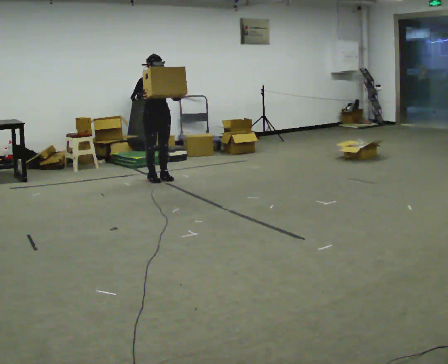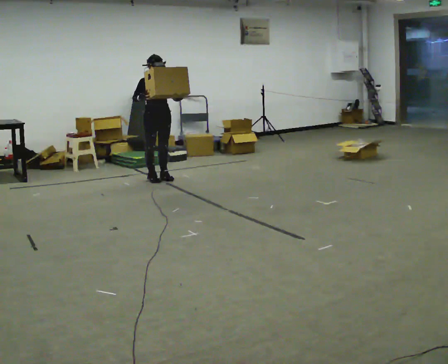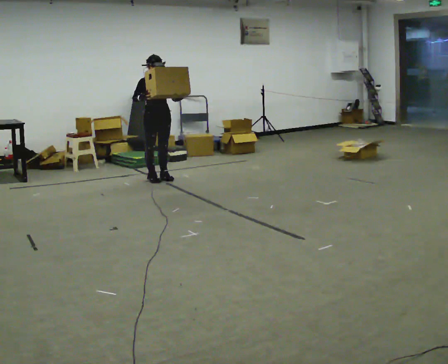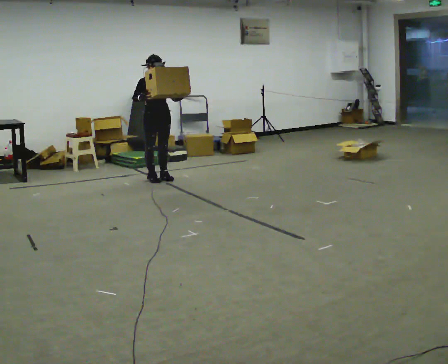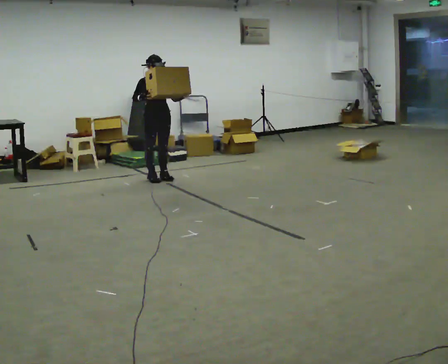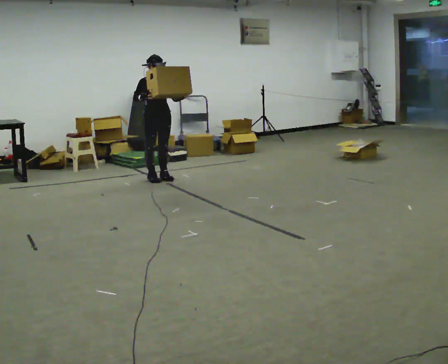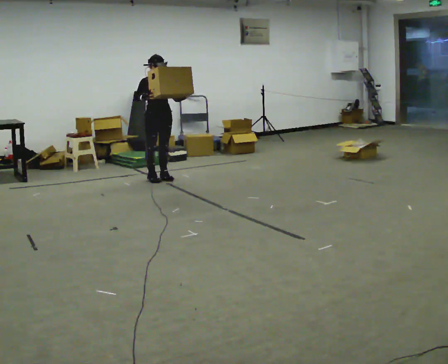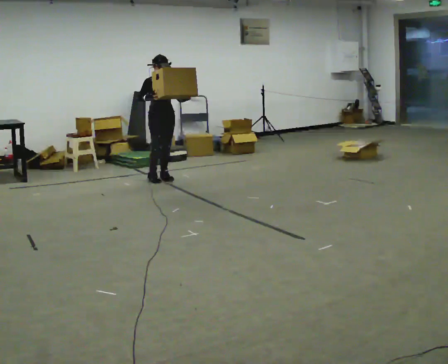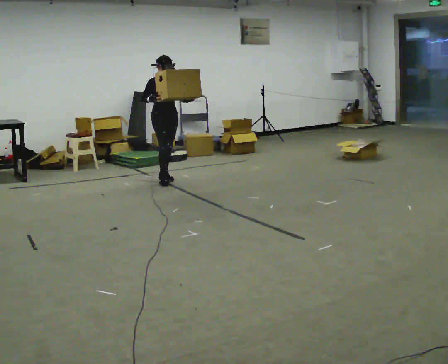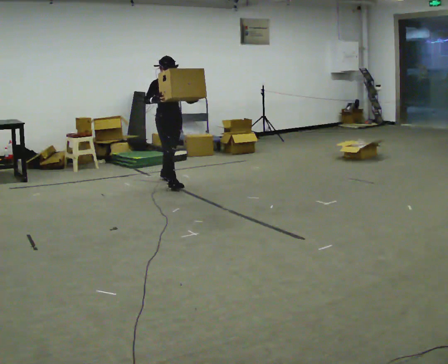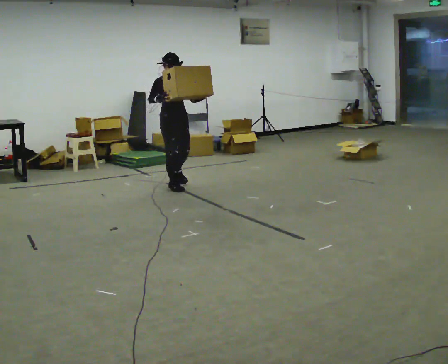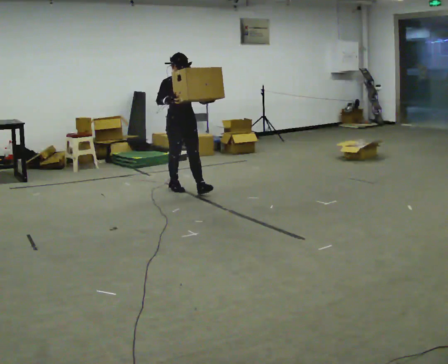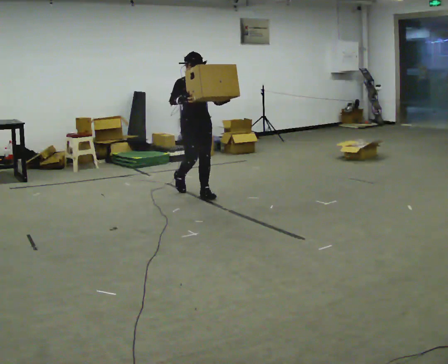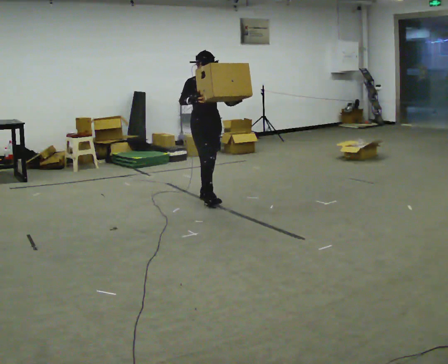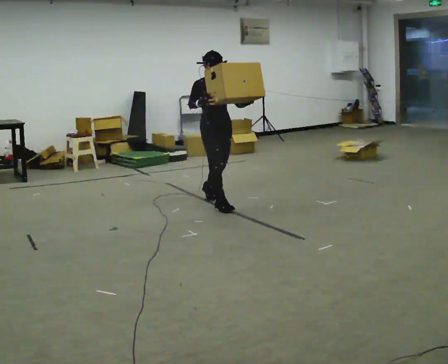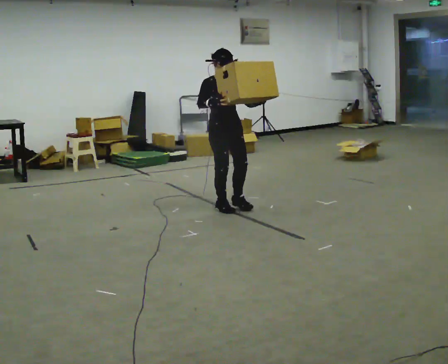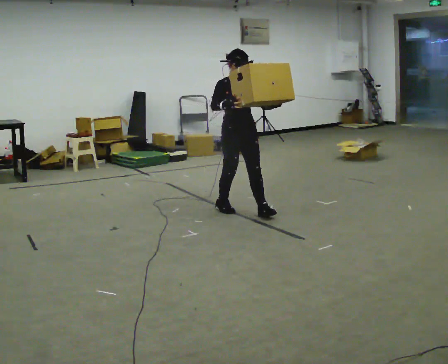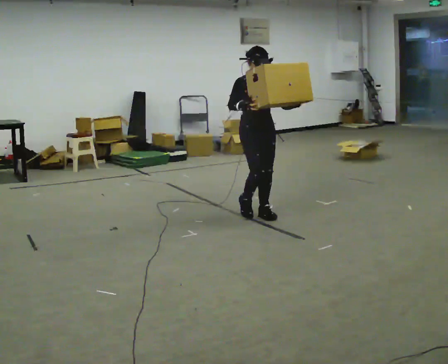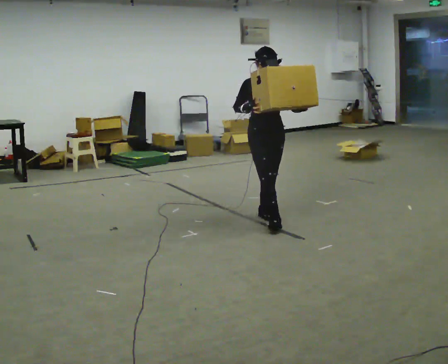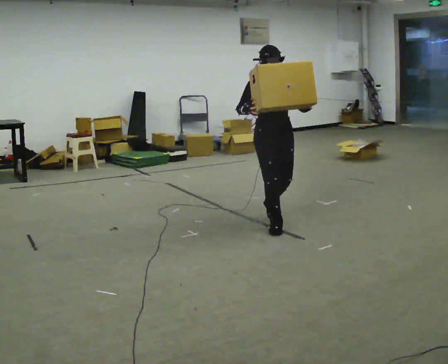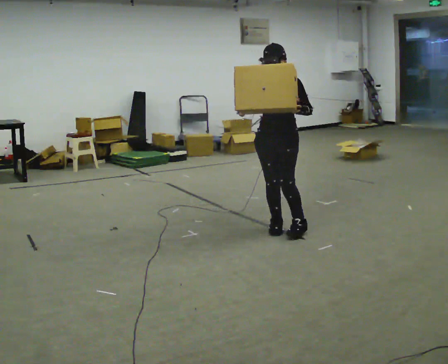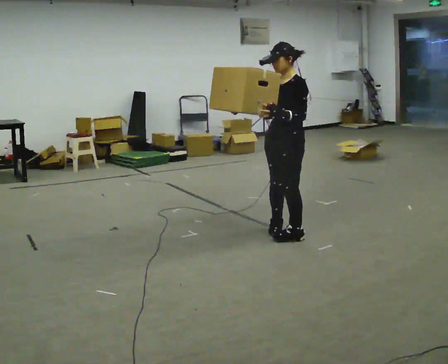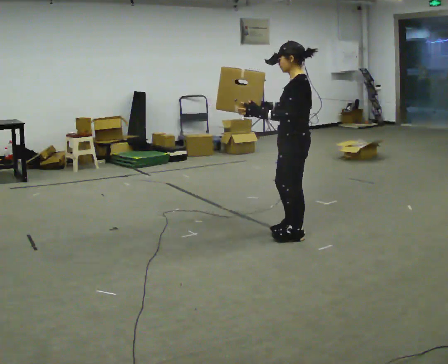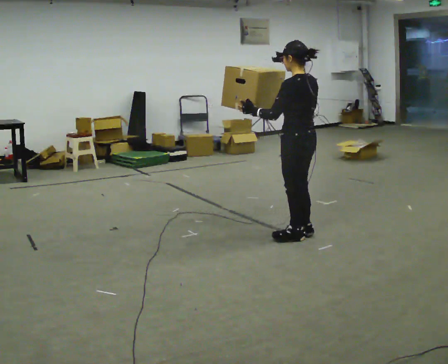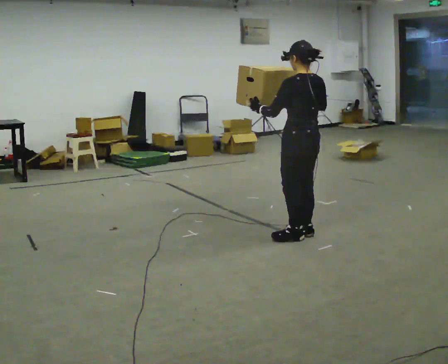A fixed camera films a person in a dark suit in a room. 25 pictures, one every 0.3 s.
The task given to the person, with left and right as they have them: Carry the heaviest box in both hands in front of you, walking back and forth across the room. Only carry what is comfortable. Set it down whenever you need to.
0.0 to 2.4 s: The person moves a little, or ends about where they began.
2.4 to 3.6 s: In the picture they go toward the camera and to the right, about 1 m in 2 steps, which for them is forward.
3.6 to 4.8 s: In the picture they go toward the camera and to the right, about 1 m in 2 steps, which for them is forward.
4.8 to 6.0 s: The part of the body nearest the lens slides to the left as the person turns to their right by about 45 degrees. In the picture they go toward the camera and to the right, about 0.75 m in 1 step, which for them is forward.
6.0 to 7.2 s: Seen from above the body turns clockwise, about 120 degrees: to their right, with its near side sliding to the left. In the picture they go toward the camera and to the right, about 0.25 m in 2 steps.
The film runs forward here.
